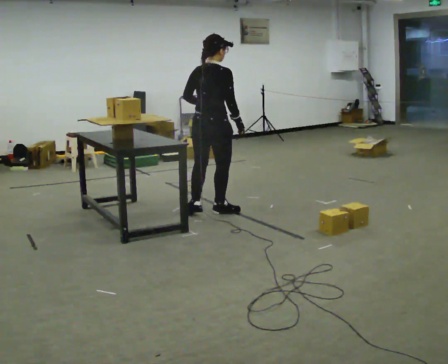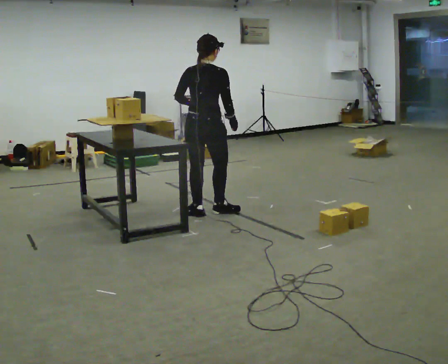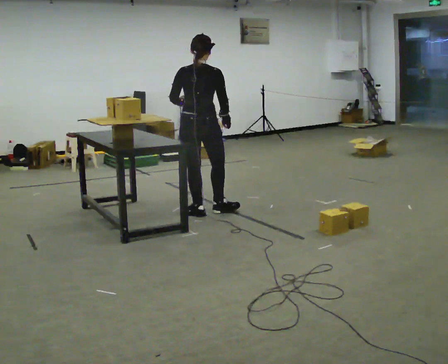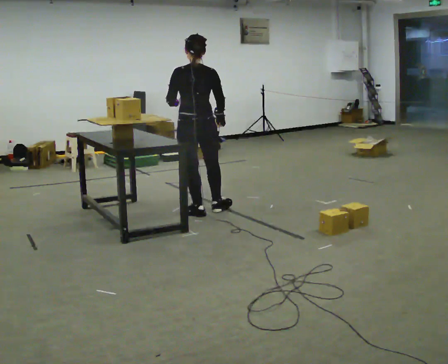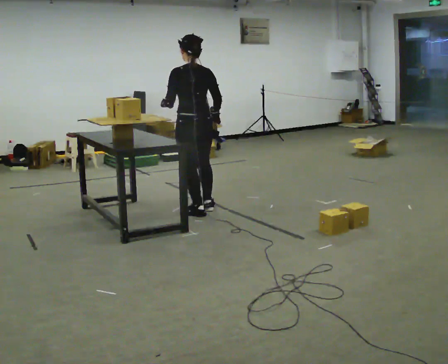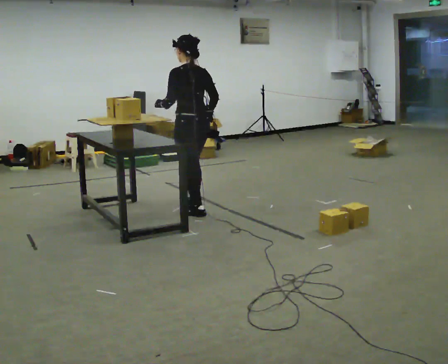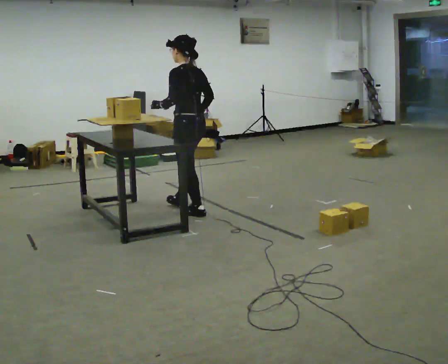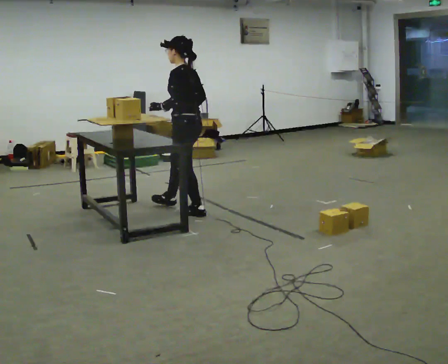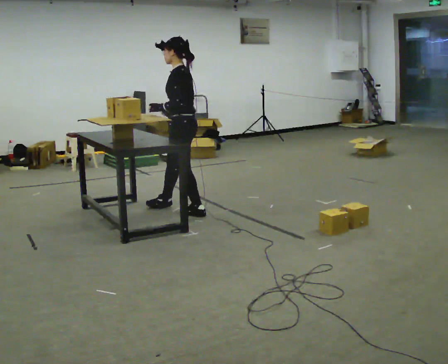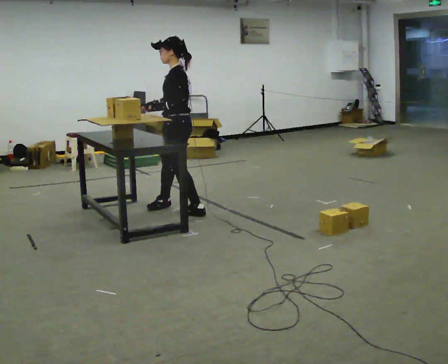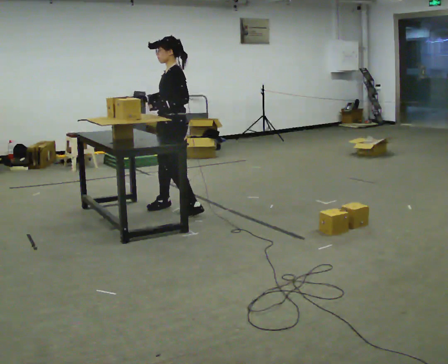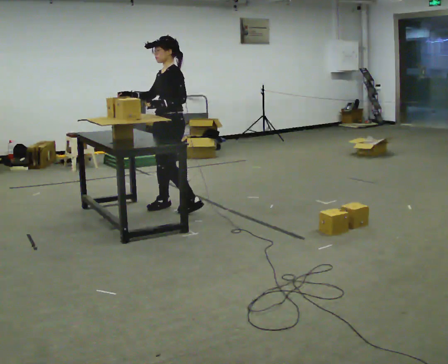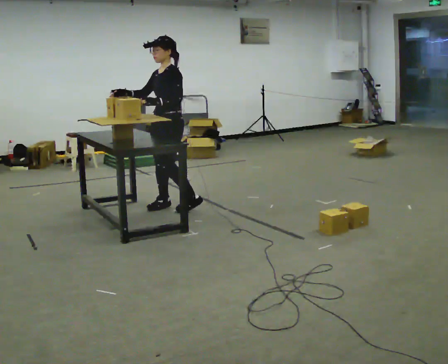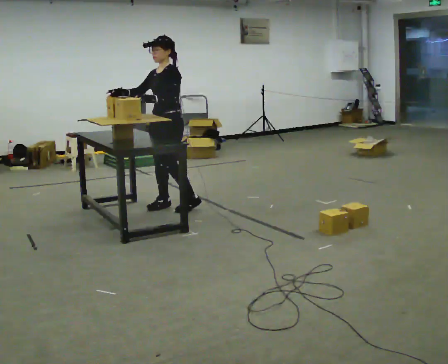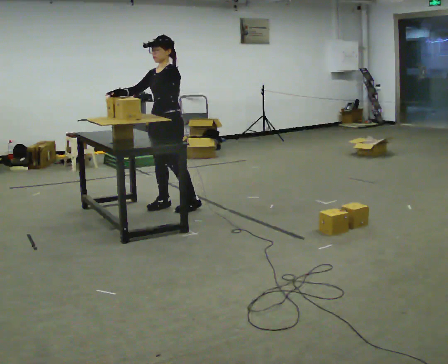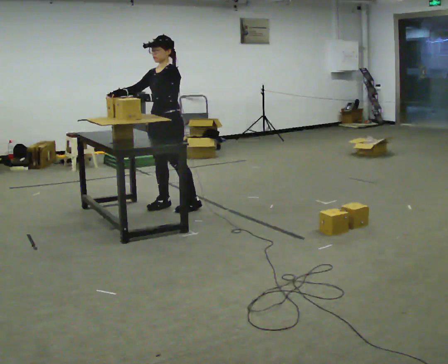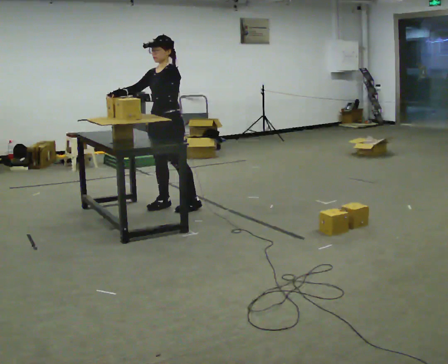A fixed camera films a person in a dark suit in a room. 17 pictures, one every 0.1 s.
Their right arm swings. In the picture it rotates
clockwise.
The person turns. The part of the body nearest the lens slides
to the right.
0.0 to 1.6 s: Seen from above the body turns counterclockwise, about 165 degrees: to their left, with its near side sliding to the right. In the picture they go to the left and away from the camera, about 0.5 m in 2 steps.
The film runs backward here.
